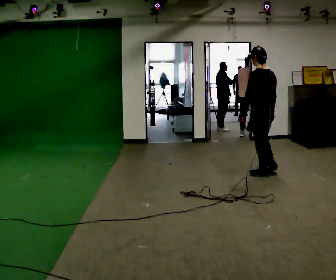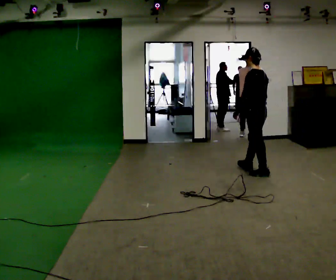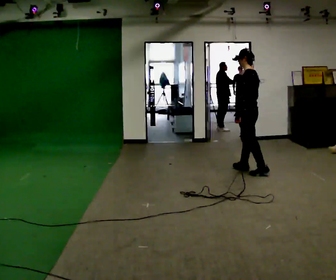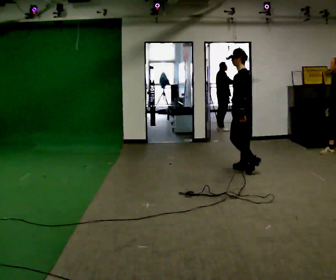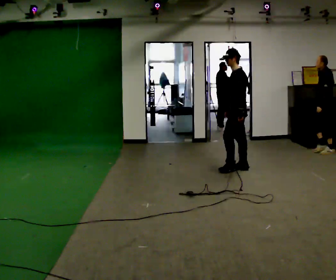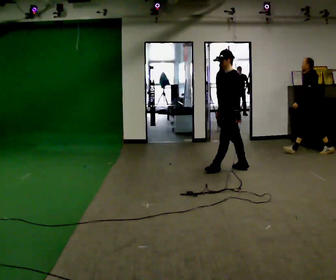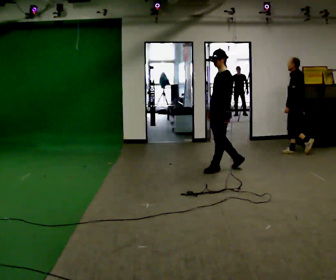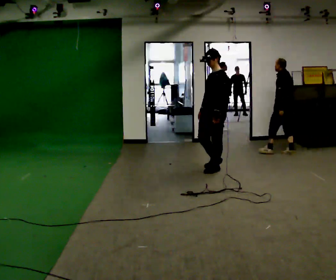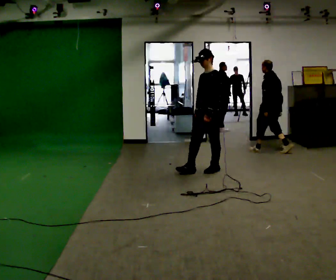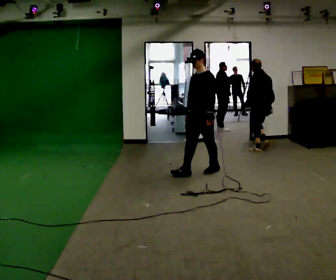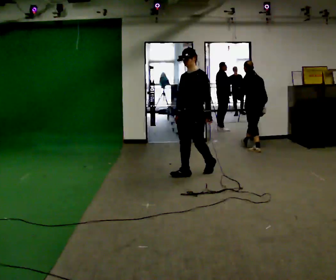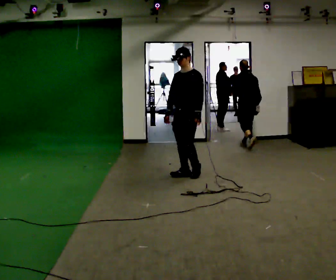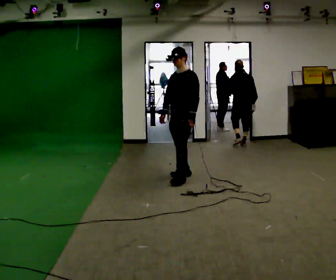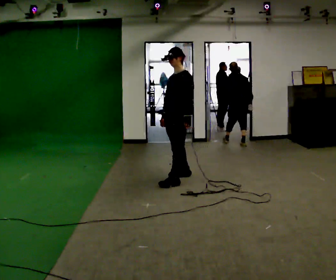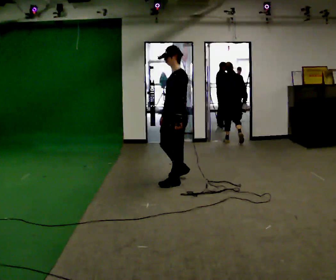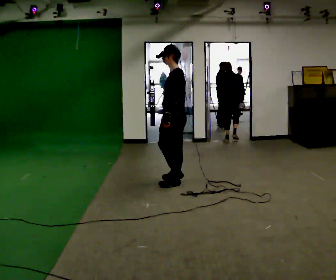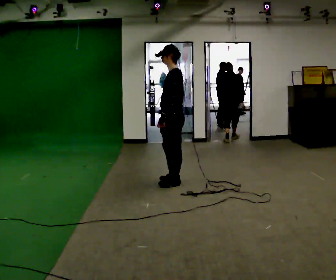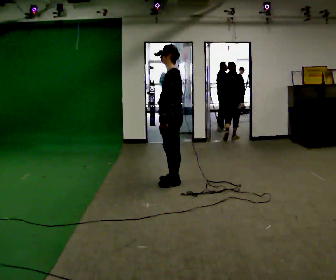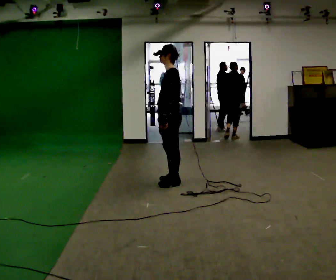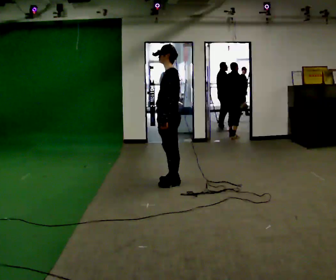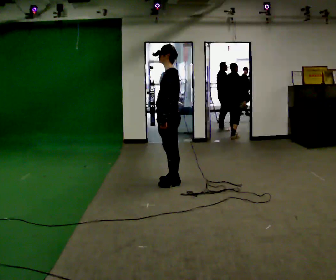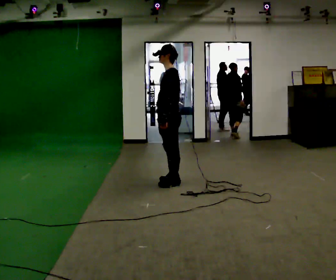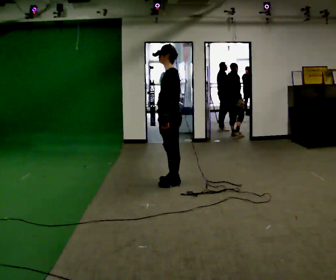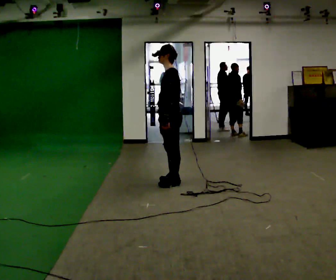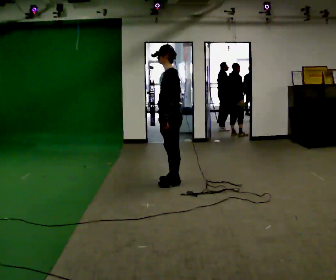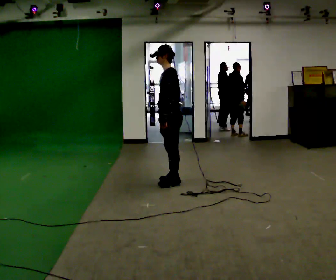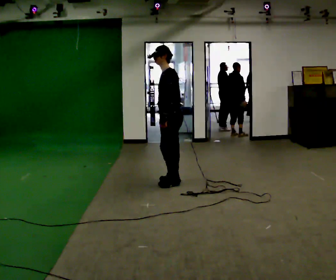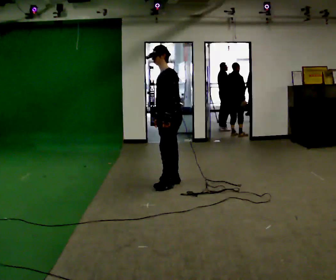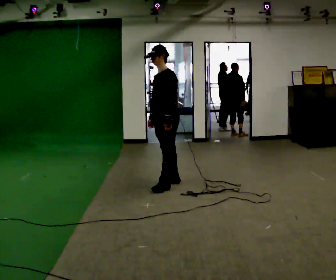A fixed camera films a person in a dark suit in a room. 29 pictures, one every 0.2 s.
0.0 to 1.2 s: Seen from above the body turns counterclockwise, about 60 degrees: to their left, with its near side sliding to the right. In the picture they go to the left and away from the camera, about 0.5 m in 2 steps, which for them is forward and to their right.
1.2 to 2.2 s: The person turns about 45 degrees to their left, counterclockwise seen from above, so the part of the body nearest the lens slides to the right. In the picture they go to the left and toward the camera, about 0.5 m in 1 step, which for them is forward.
2.2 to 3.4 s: Seen from above the body turns clockwise, about 45 degrees: to their right, with its near side sliding to the left. In the picture they go toward the camera, about 0.5 m in 2 steps, which for them is to their left and forward.
3.4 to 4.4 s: The person moves a little, or ends about where they began.
4.4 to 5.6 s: Seen from above the body turns counterclockwise, about 30 degrees: to their left, with its near side sliding to the right.
The film runs forward here.
